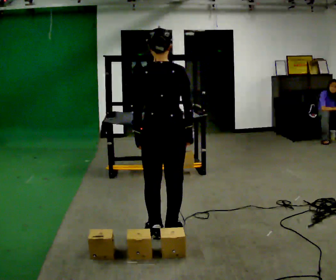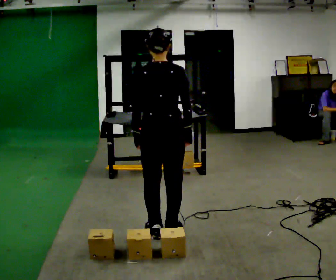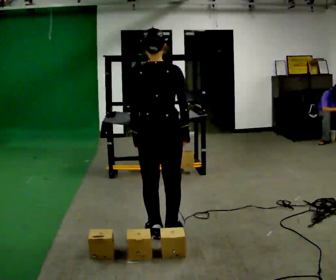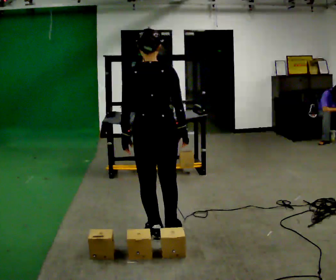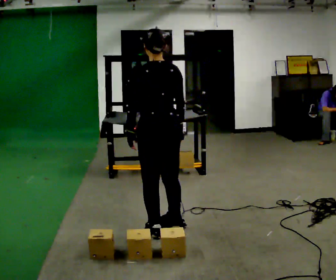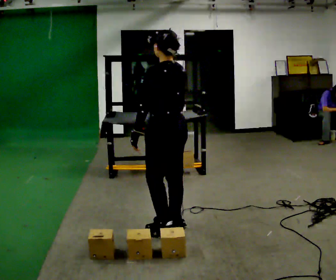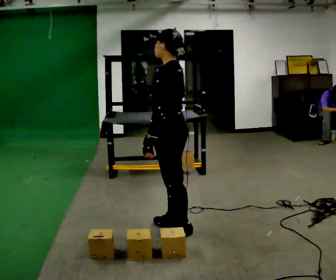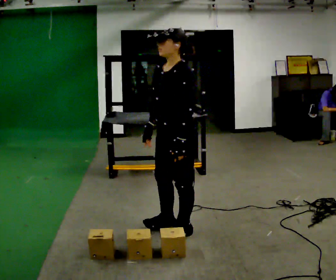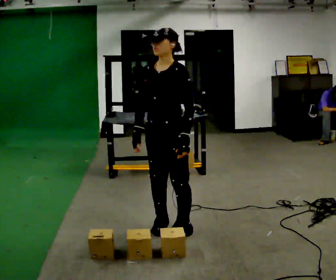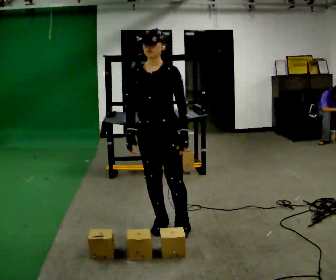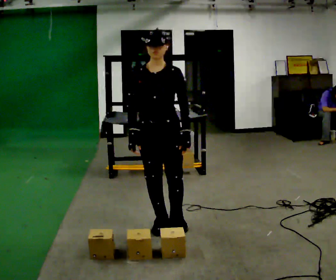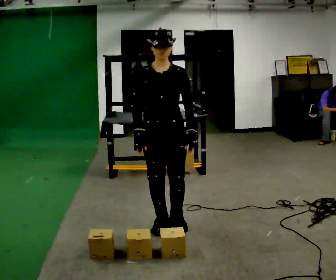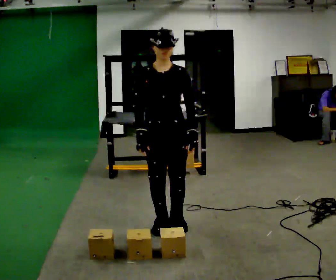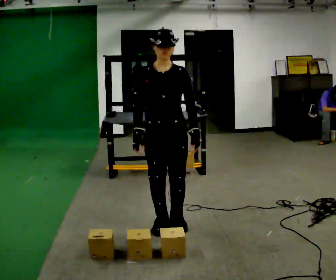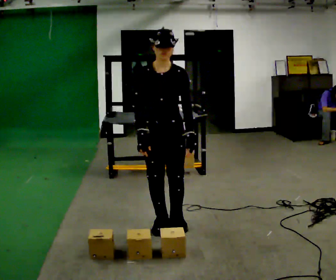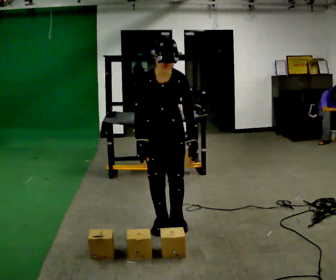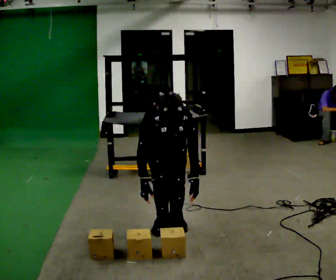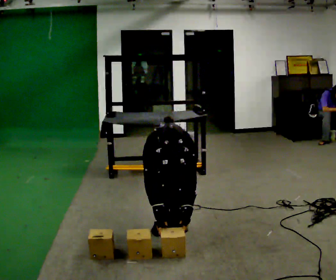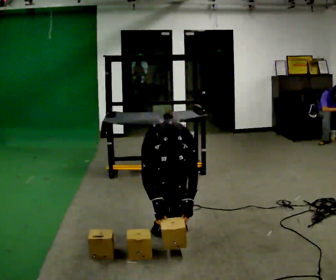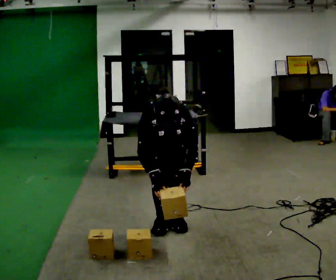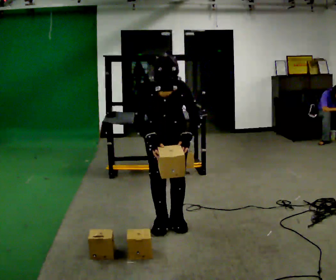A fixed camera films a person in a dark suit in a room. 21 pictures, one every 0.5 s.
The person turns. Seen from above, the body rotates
counterclockwise.
The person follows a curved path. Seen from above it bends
counterclockwise.
0.0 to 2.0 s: The person moves a little, or ends about where they began.
2.0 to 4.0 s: Seen from above the body turns counterclockwise, about 120 degrees: to their left, with its near side sliding to the right. In the picture their right hand goes to the left, the arm swinging clockwise.
4.0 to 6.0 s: Seen from above the body turns counterclockwise, about 30 degrees: to their left, with its near side sliding to the right.
6.0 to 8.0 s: In the picture they go away from the camera, about 0.25 m, which for them is backward. The shoulders move downward. The upper body tips toward the camera, its near side rolling downward, as they bend forward.
8.0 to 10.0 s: The person moves a little, or ends about where they began.
The film runs backward here.
